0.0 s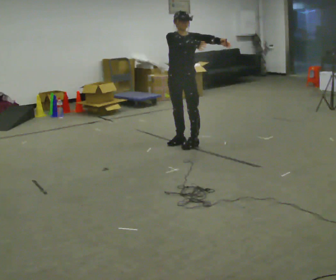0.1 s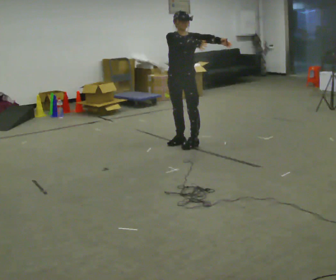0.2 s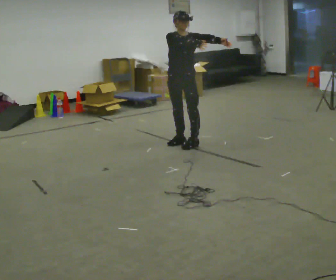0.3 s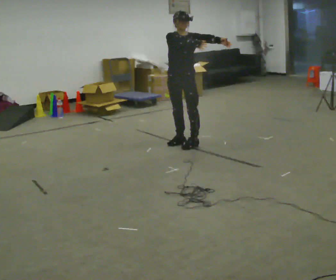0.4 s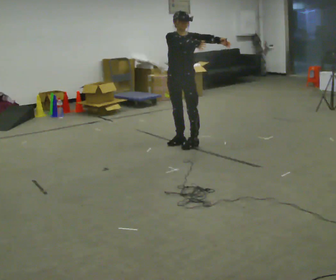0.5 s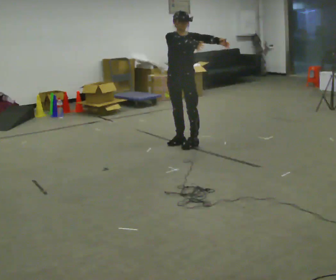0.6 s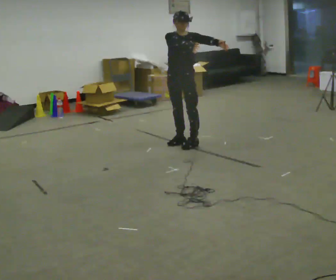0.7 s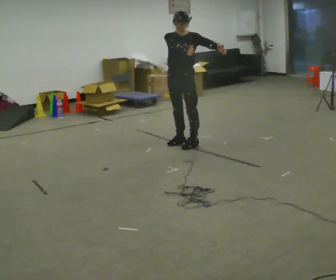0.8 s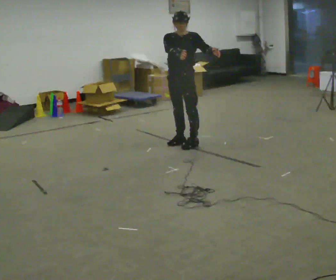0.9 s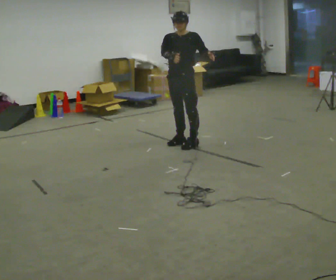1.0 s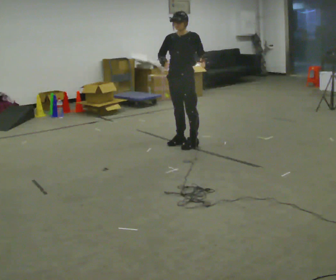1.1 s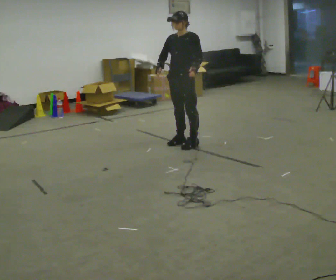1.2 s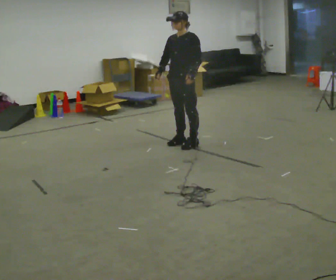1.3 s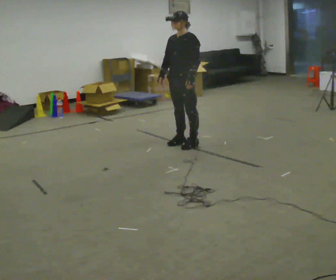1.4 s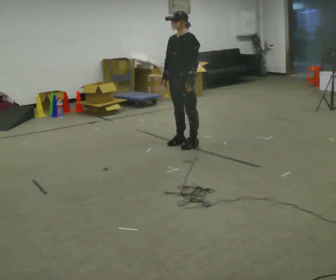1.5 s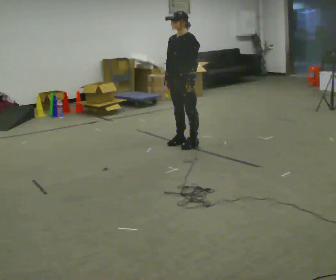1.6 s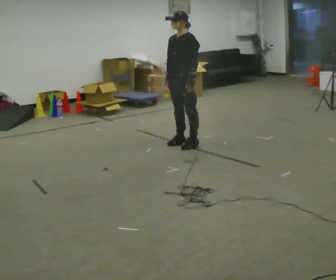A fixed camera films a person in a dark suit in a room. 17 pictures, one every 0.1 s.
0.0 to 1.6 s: The person turns about 45 degrees to their right, clockwise seen from above, so the part of the body nearest the lens slides to the left. In the picture their right hand goes downward.
The film runs backward here.
